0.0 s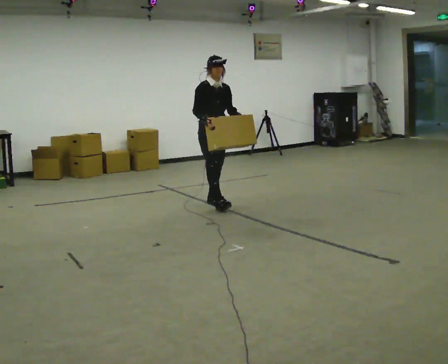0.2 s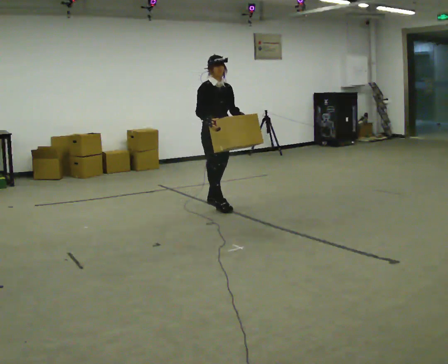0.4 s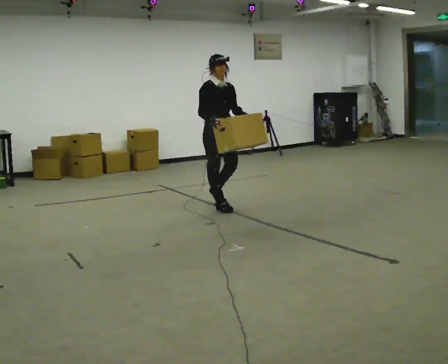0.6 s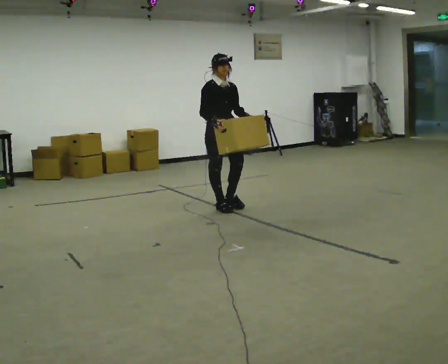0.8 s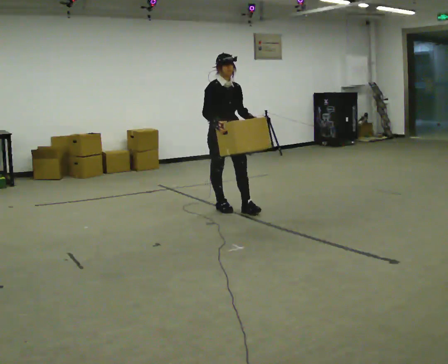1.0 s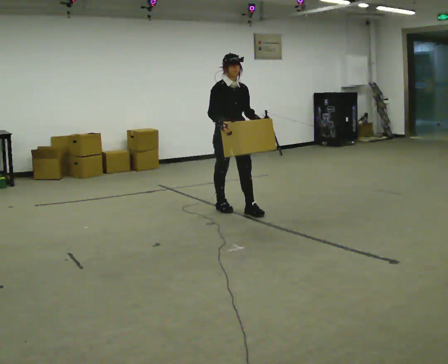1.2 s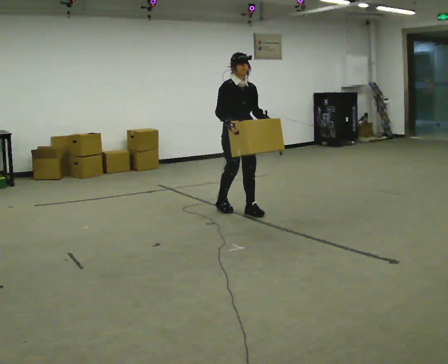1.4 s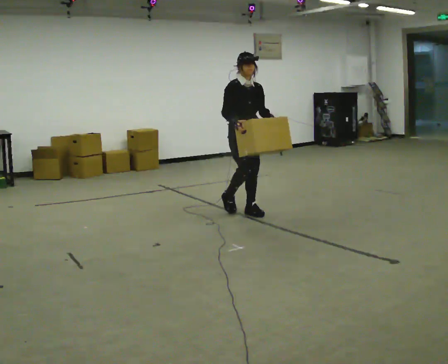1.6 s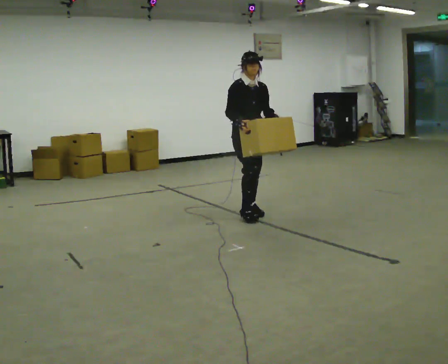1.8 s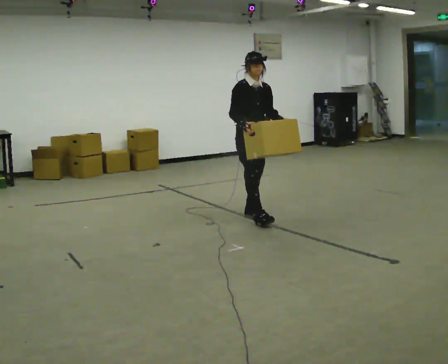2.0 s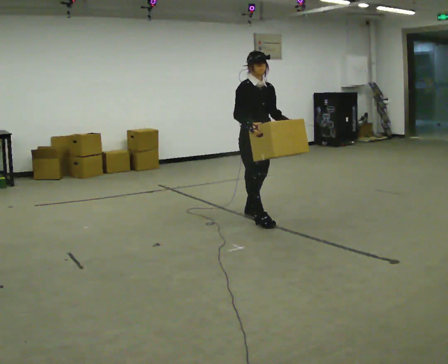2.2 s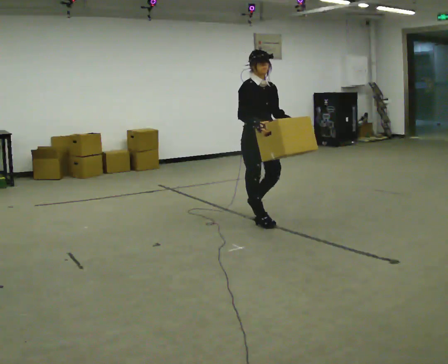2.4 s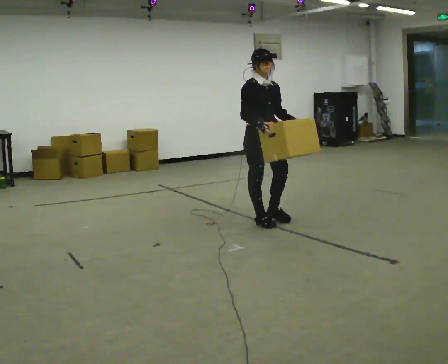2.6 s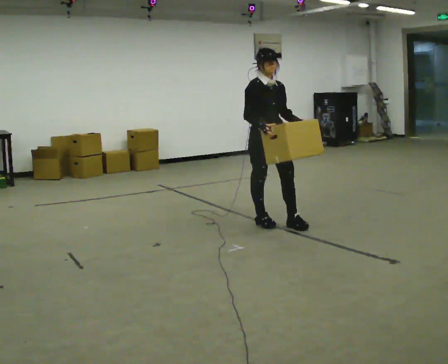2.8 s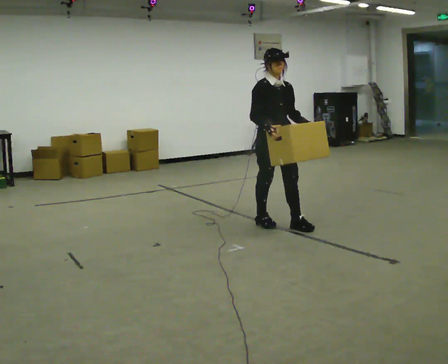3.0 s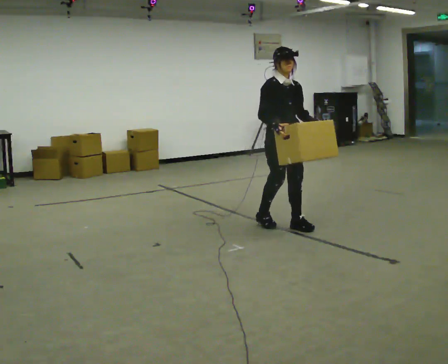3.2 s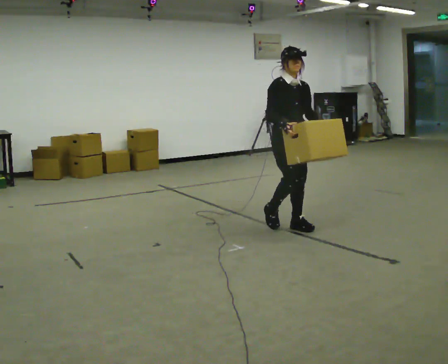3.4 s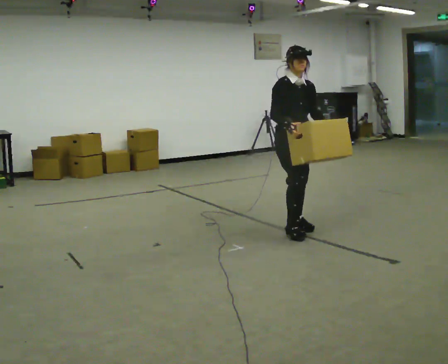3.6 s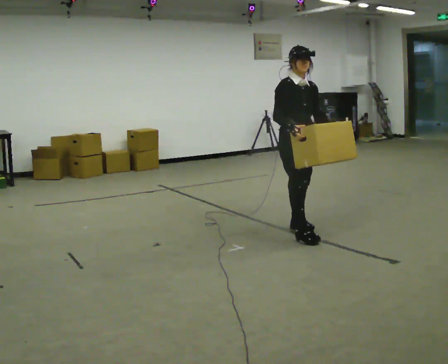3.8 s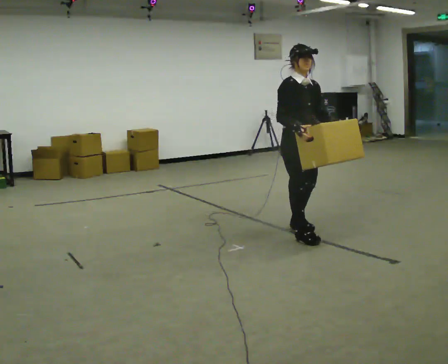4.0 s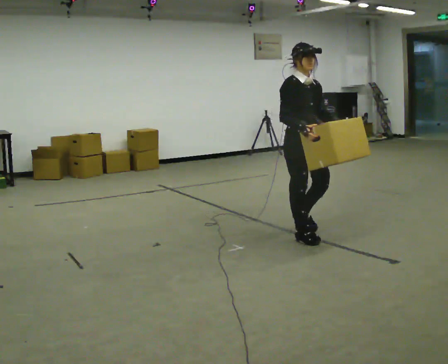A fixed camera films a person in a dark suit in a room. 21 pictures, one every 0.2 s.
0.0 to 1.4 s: In the picture they go toward the camera and to the right, about 0.5 m in 1 step, which for them is forward.
1.4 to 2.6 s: In the picture they go toward the camera and to the right, about 0.5 m in 1 step, which for them is forward.
2.6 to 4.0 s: In the picture they go toward the camera and to the right, about 0.5 m in 2 steps, which for them is forward.
The film runs forward here.
